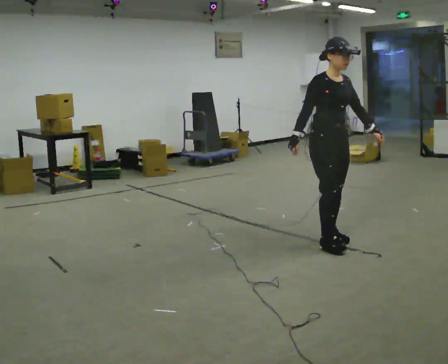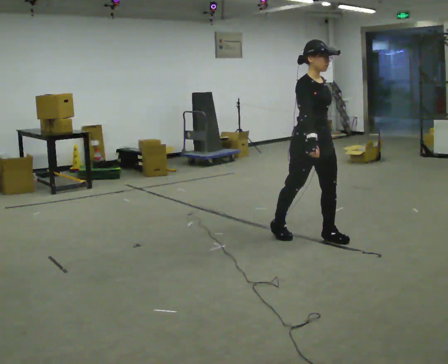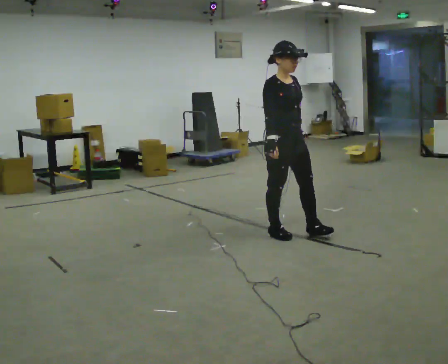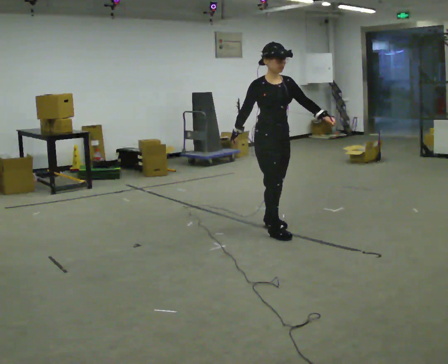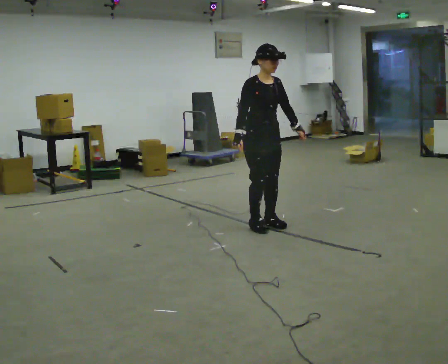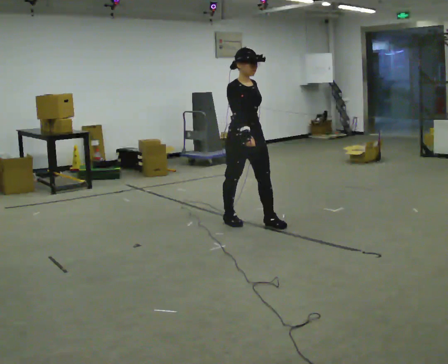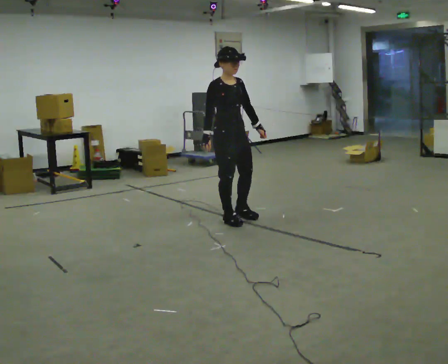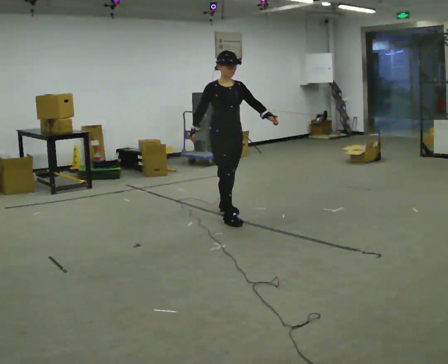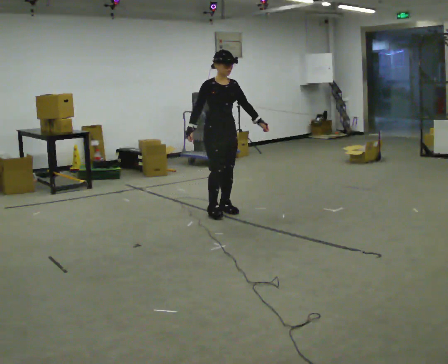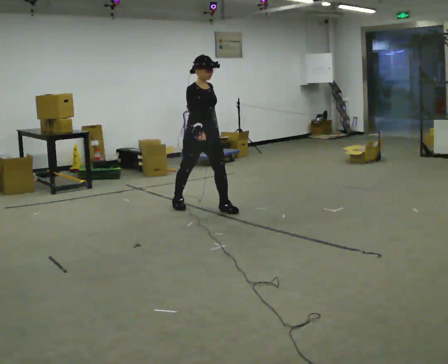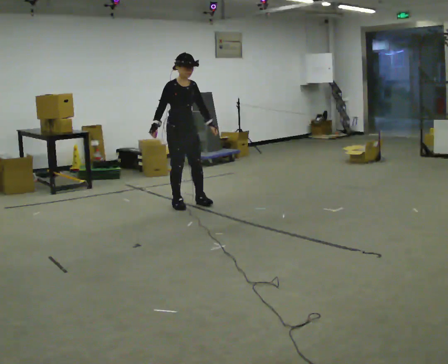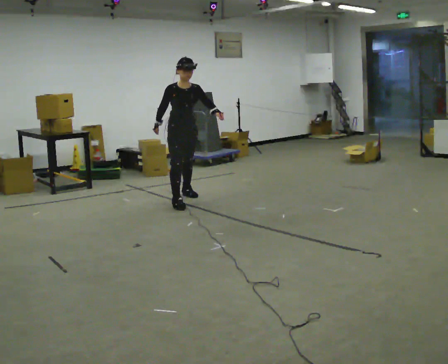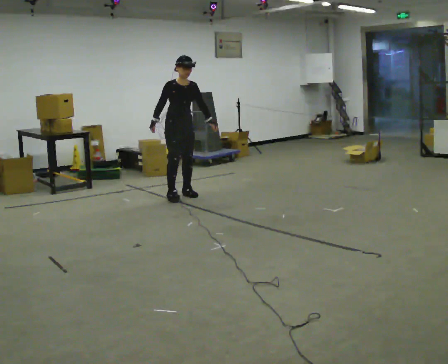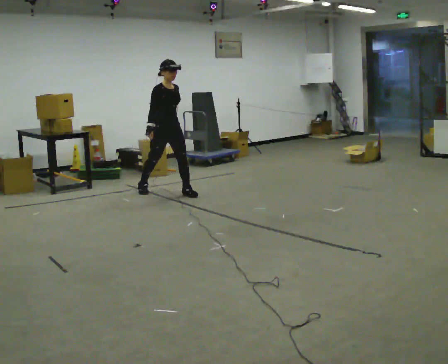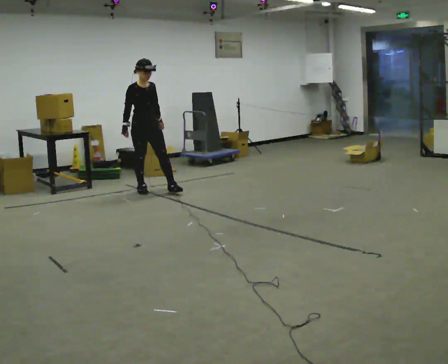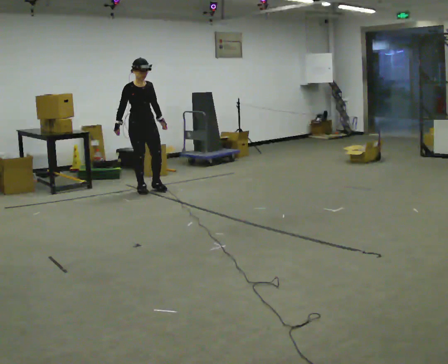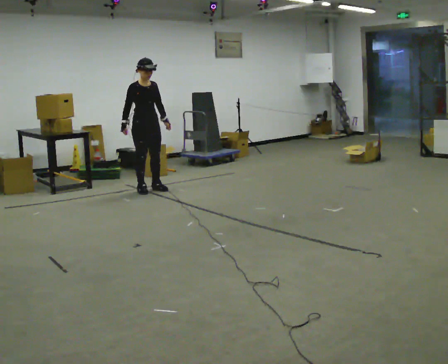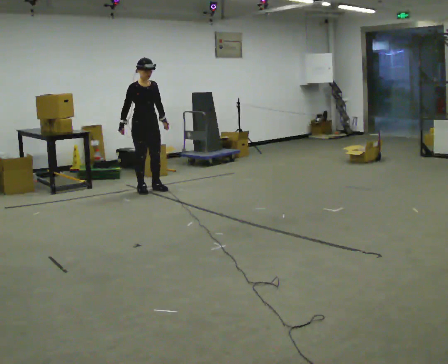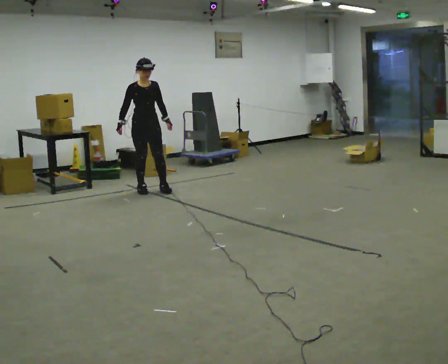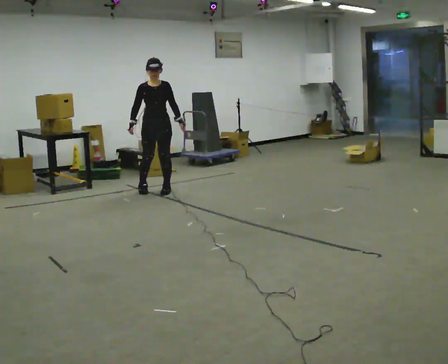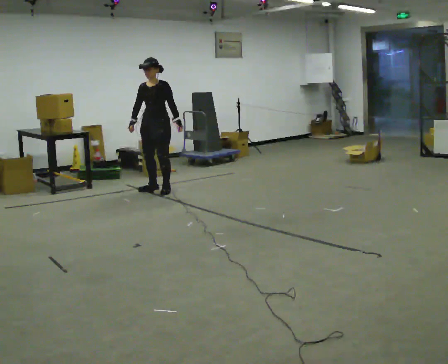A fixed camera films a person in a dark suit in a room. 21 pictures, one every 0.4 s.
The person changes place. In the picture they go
away from the camera.
0.0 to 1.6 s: In the picture they go away from the camera and to the left, about 0.5 m in 2 steps, which for them is backward.
1.6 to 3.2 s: In the picture they go away from the camera and to the left, about 0.75 m in 2 steps, which for them is backward.
3.2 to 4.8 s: In the picture they go away from the camera and to the left, about 1 m in 2 steps, which for them is backward.
4.8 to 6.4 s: In the picture they go to the left and away from the camera, about 0.5 m in 1 step, which for them is backward and to their right.
6.4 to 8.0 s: The part of the body nearest the lens slides to the left as the person turns to their right by about 60 degrees. In the picture they go to the right, about 0.25 m in 2 steps, which for them is to their left.
The film runs backward here.
